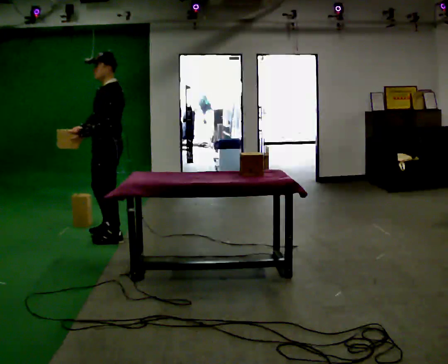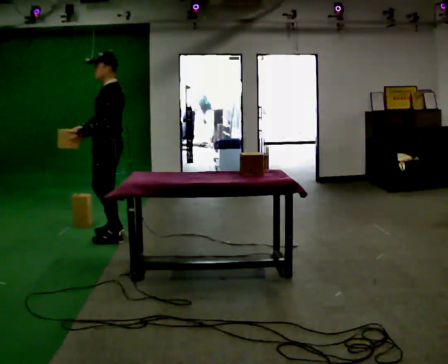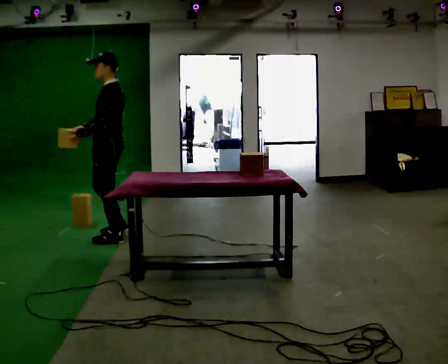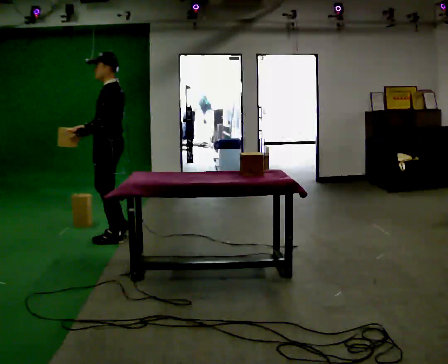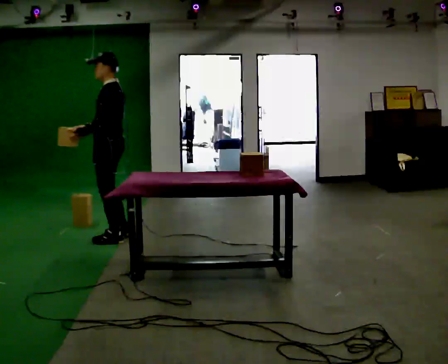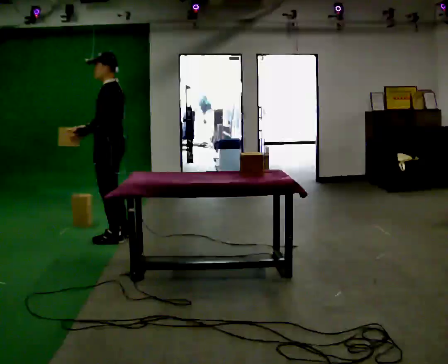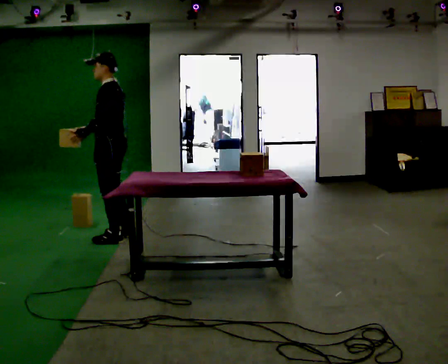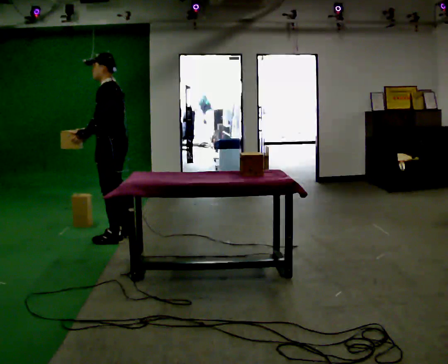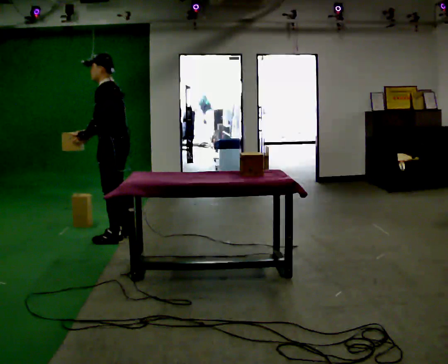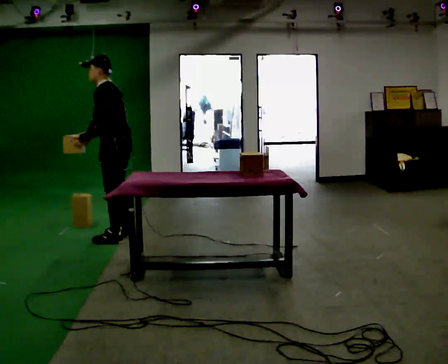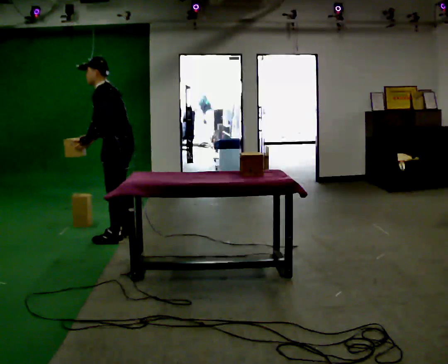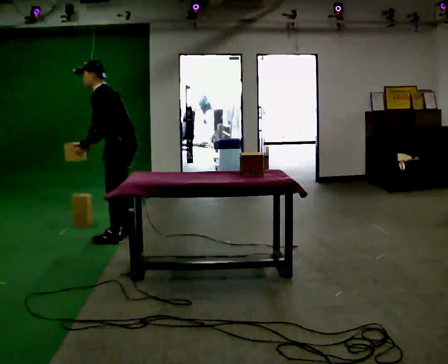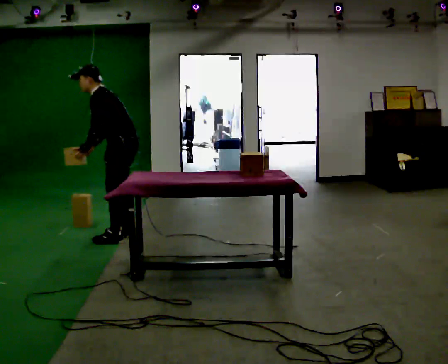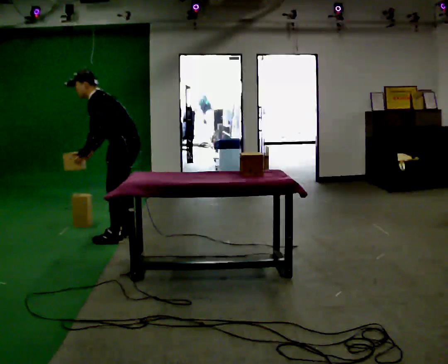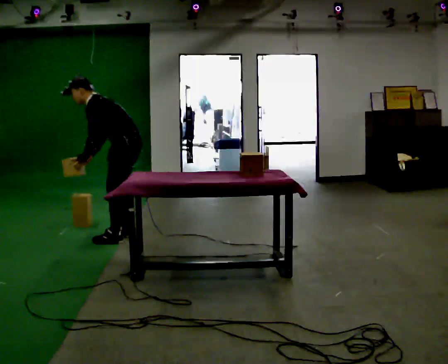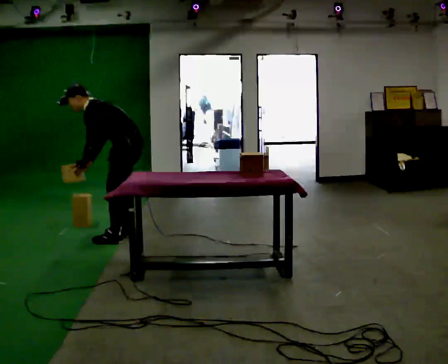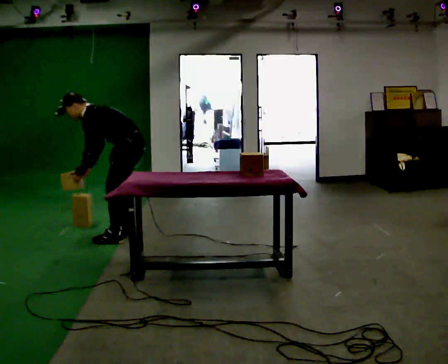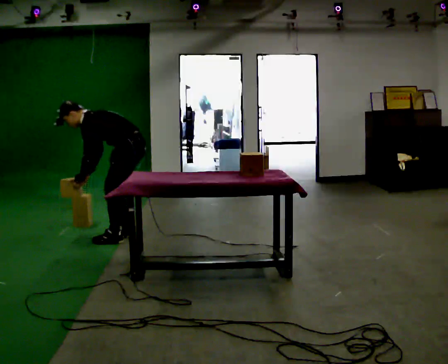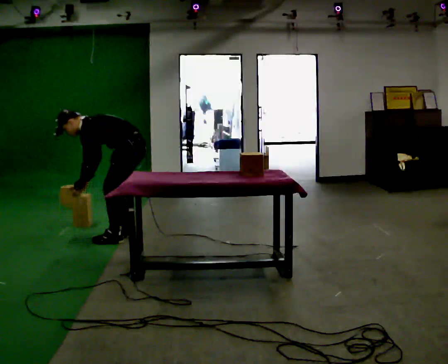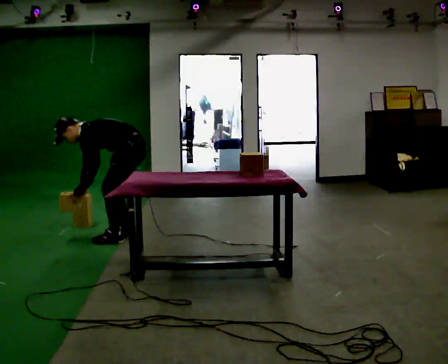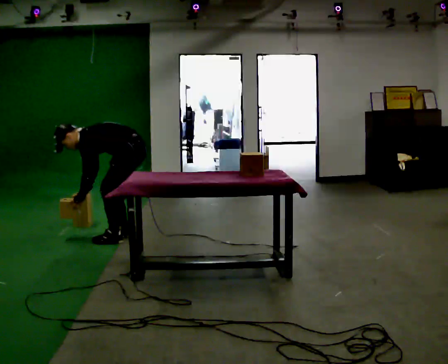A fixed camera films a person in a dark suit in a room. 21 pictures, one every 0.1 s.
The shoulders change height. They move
downward.
Their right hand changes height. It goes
downward.
0.0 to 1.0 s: The part of the body nearest the lens slides to the left as the person turns to their right by about 30 degrees. In the picture the upper body tilts counterclockwise, shoulders to the left, as they bend forward.
1.0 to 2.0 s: The shoulders move downward. In the picture the upper body tilts counterclockwise, shoulders to the left, as they bend forward. In the picture their left hand goes downward.
The film runs backward here.
